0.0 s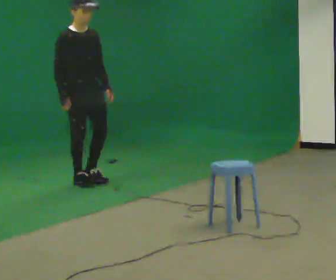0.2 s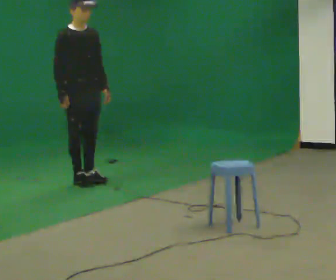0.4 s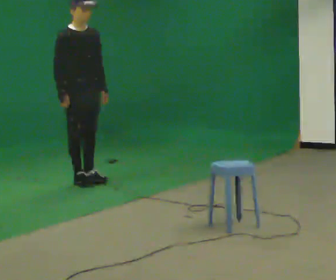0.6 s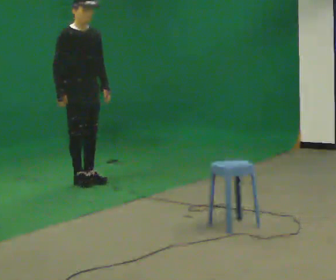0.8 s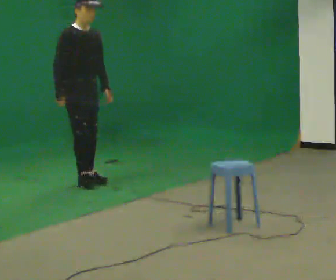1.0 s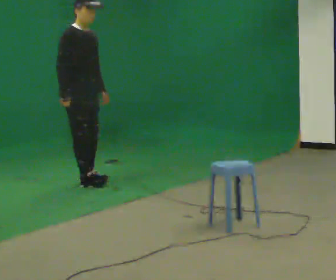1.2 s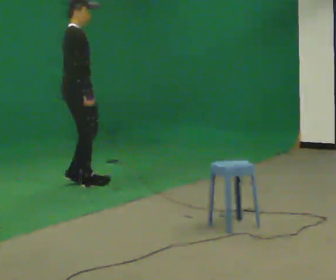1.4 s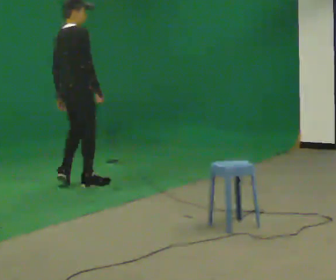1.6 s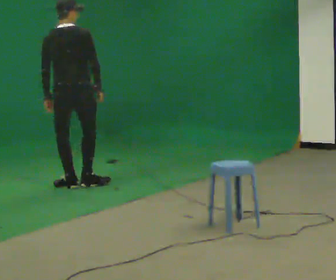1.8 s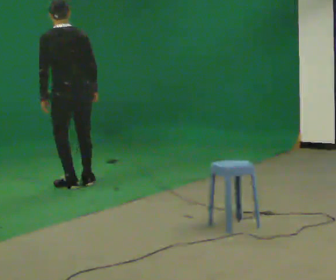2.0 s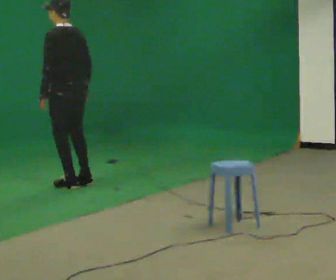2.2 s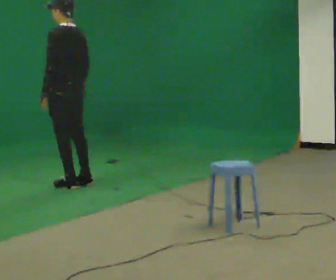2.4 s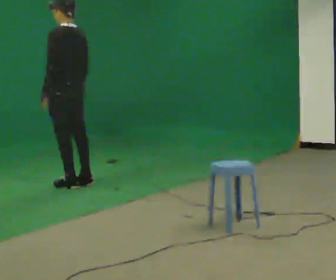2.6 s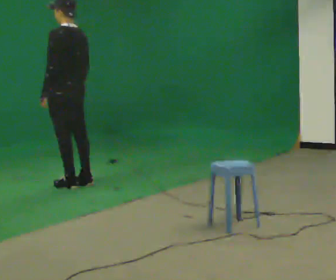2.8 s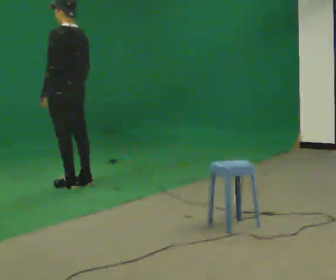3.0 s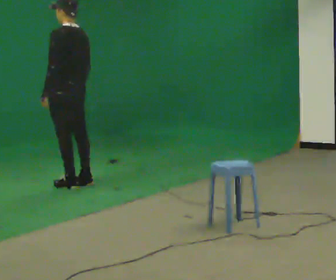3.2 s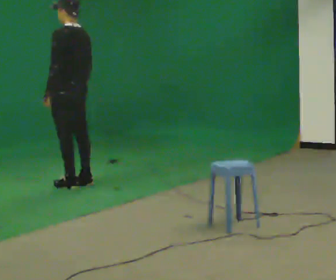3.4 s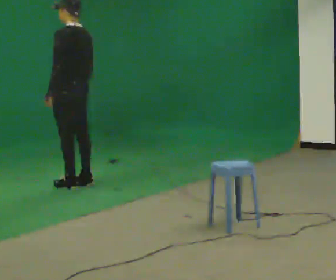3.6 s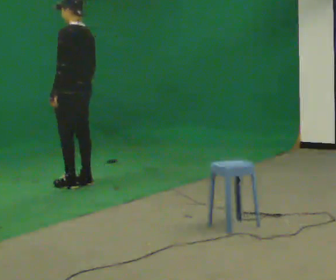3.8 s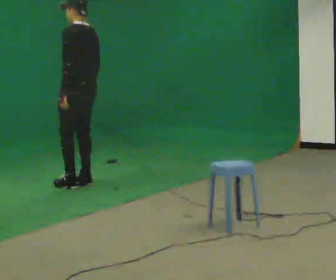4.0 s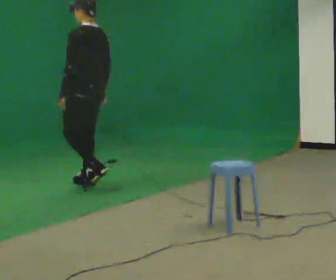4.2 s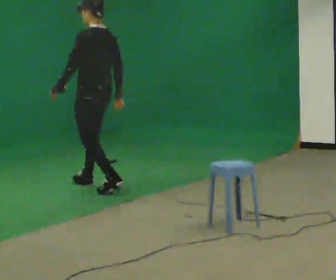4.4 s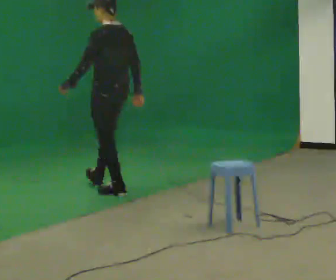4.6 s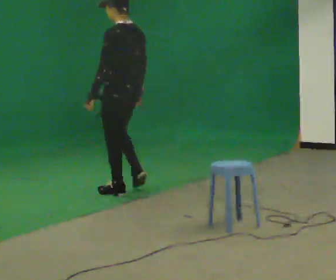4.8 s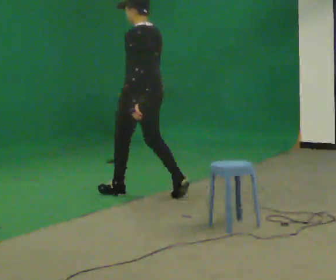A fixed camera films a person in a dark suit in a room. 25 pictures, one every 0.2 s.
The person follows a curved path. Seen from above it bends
counterclockwise.
The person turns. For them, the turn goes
to their left.
0.0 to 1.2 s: The part of the body nearest the lens slides to the right as the person turns to their left by about 30 degrees.
1.2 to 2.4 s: Seen from above the body turns counterclockwise, about 150 degrees: to their left, with its near side sliding to the right.
2.4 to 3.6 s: The person moves a little, or ends about where they began.
3.6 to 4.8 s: In the picture they go toward the camera and to the right, about 1 m in 2 steps, which for them is backward.
The film runs backward here.
